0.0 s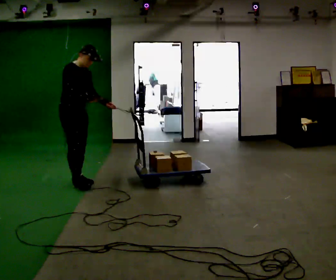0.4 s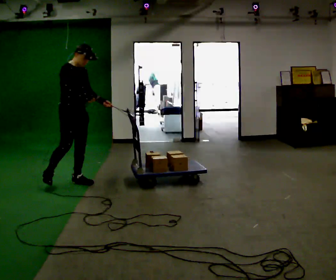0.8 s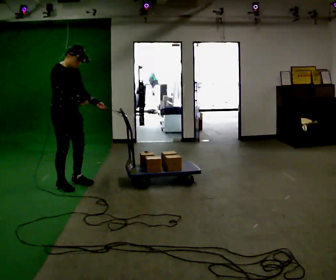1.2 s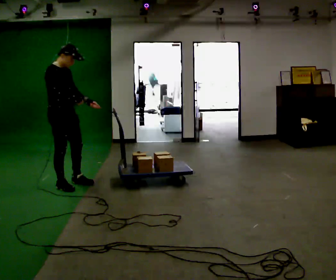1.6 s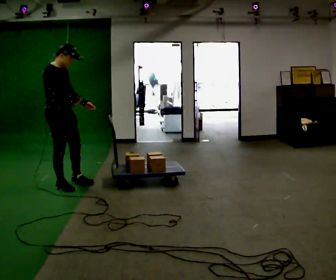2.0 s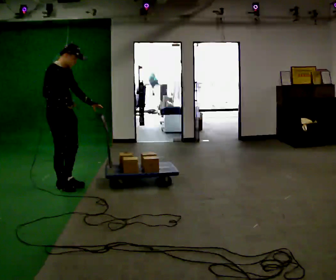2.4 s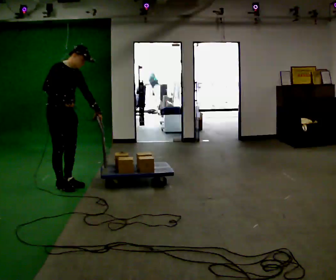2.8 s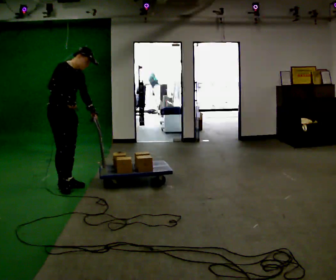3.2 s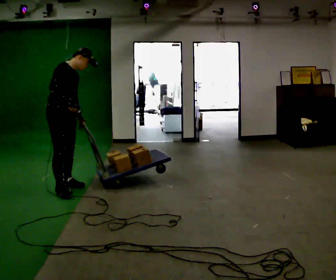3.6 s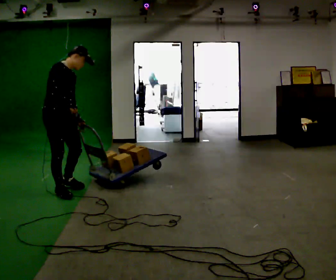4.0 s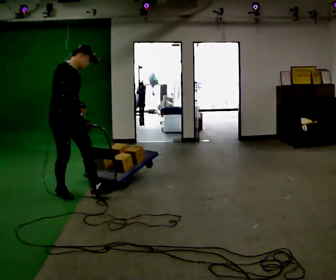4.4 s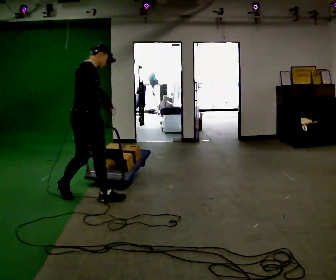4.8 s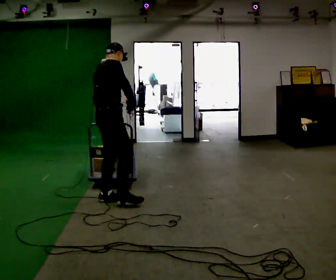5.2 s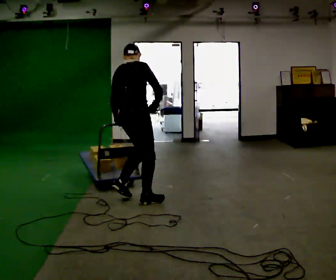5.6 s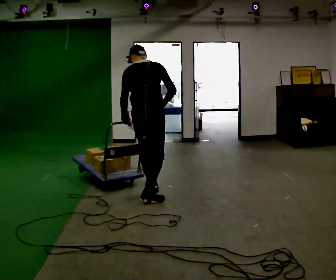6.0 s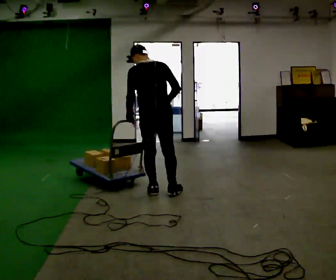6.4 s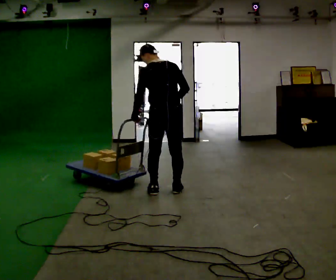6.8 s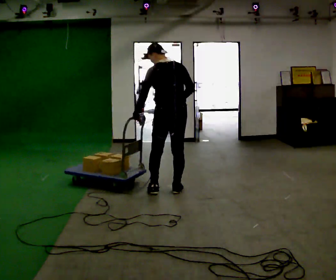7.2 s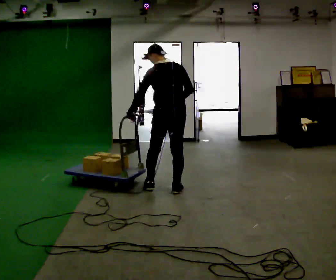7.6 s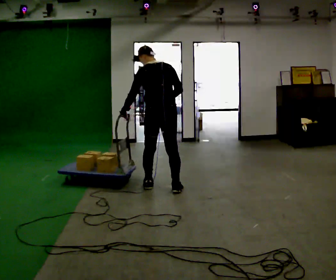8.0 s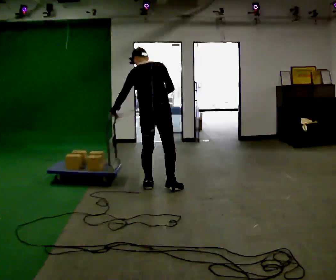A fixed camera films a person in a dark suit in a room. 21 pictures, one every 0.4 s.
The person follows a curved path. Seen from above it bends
counterclockwise.
Their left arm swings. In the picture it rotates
clockwise.
0.0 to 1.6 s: In the picture they go toward the camera, about 0.25 m in 1 step, which for them is to their right.
1.6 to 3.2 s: In the picture the upper body tilts clockwise, shoulders to the right.
3.2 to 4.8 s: The part of the body nearest the lens slides to the right as the person turns to their left by about 45 degrees. In the picture they go to the right and toward the camera, about 0.5 m in 1 step, which for them is forward. In the picture the upper body tilts counterclockwise, shoulders to the left.
4.8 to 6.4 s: Seen from above the body turns counterclockwise, about 75 degrees: to their left, with its near side sliding to the right. In the picture they go to the right, about 0.75 m in 3 steps.
6.4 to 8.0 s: In the picture they go away from the camera, about 0.25 m in 1 step, which for them is forward and to their left.
The film runs forward here.
